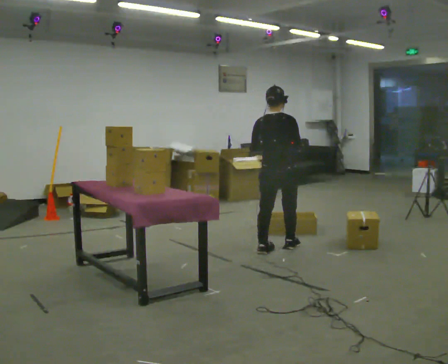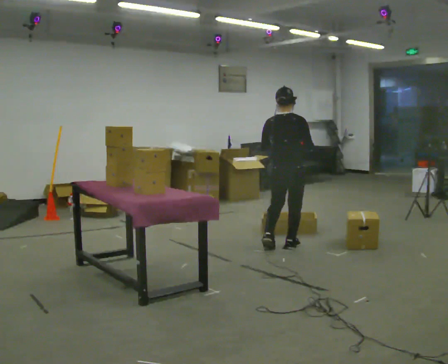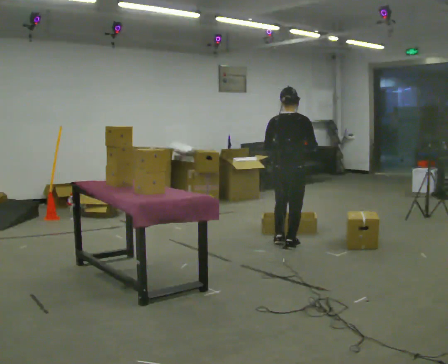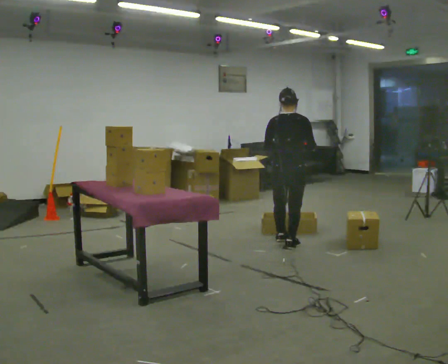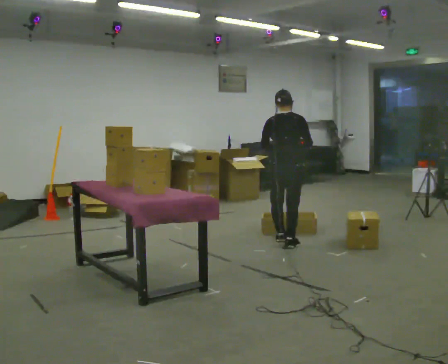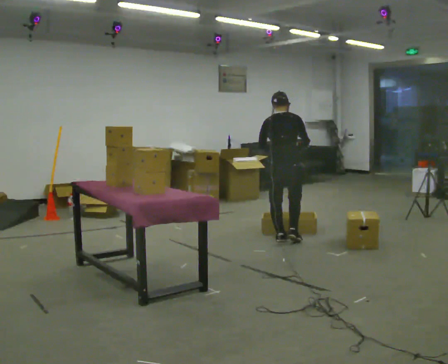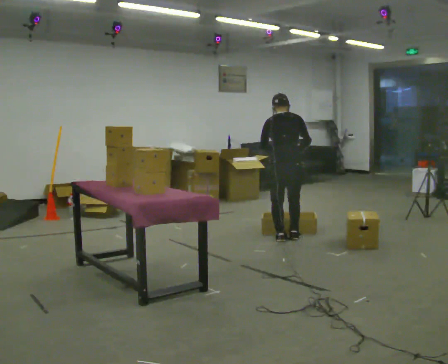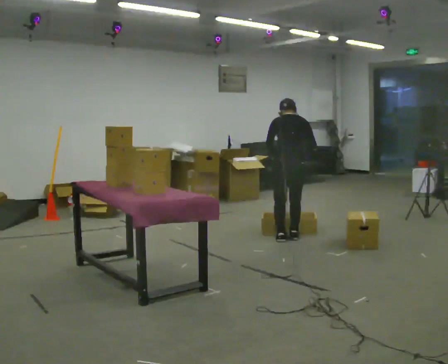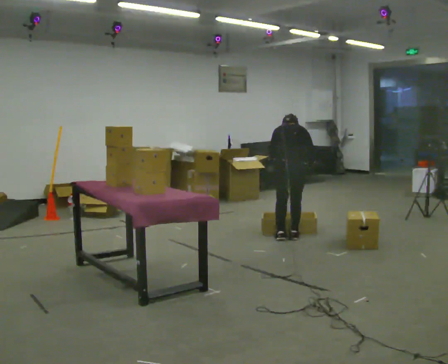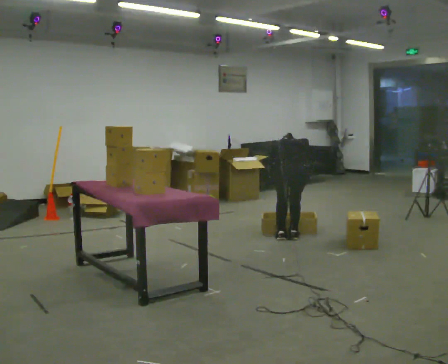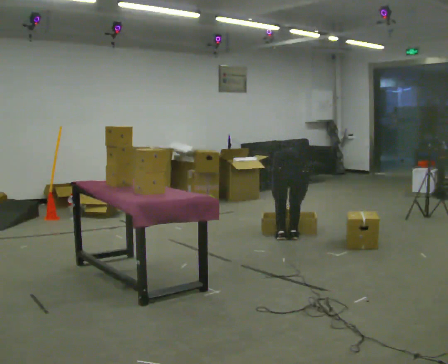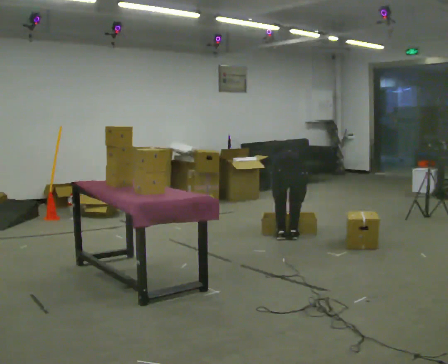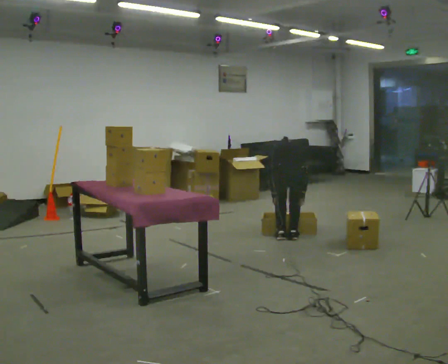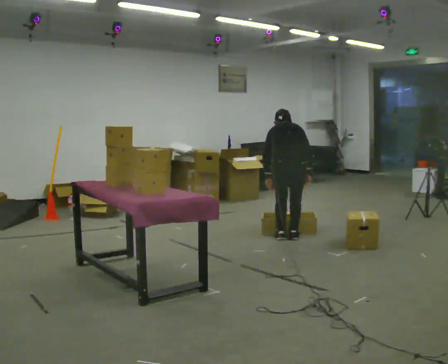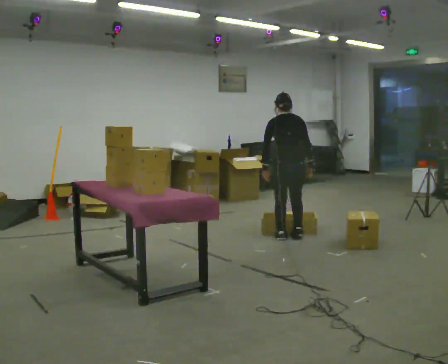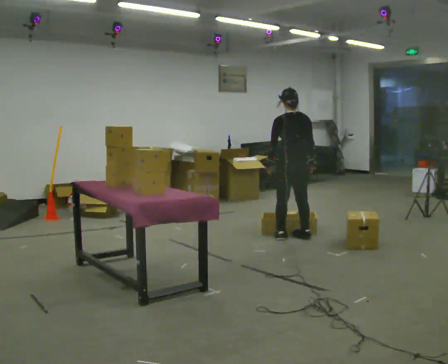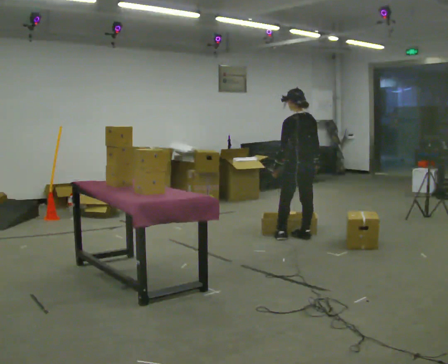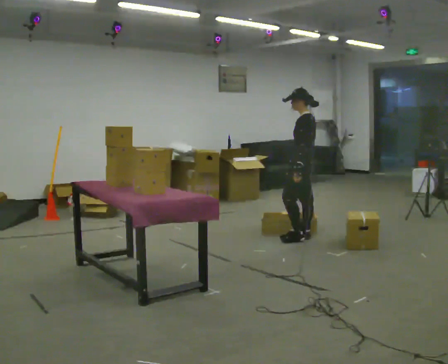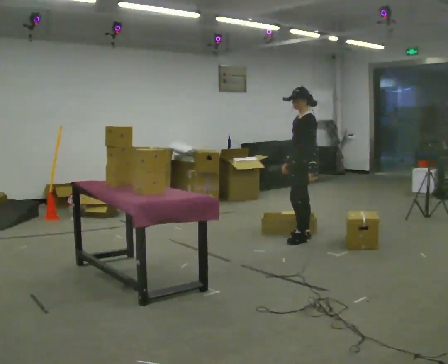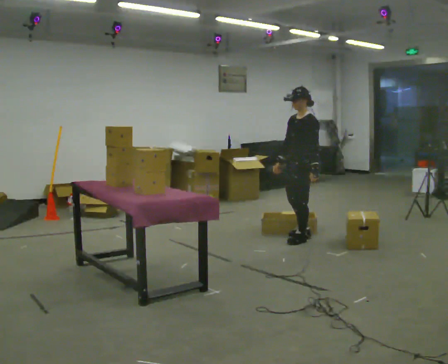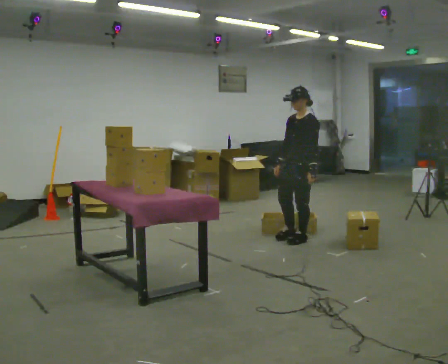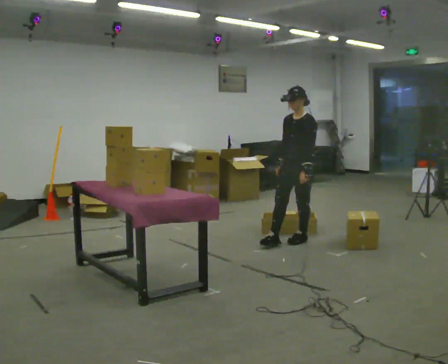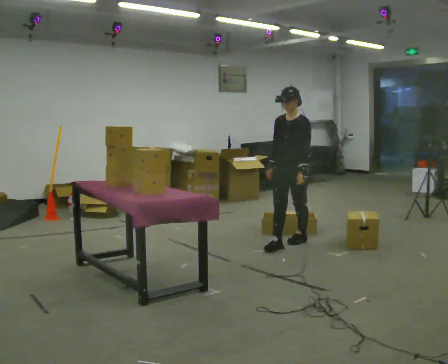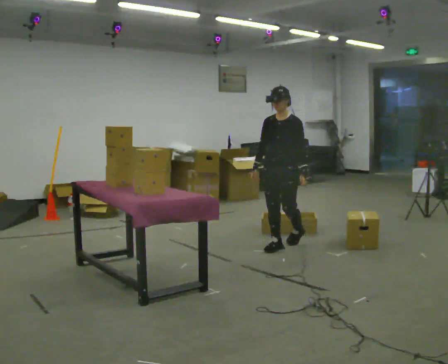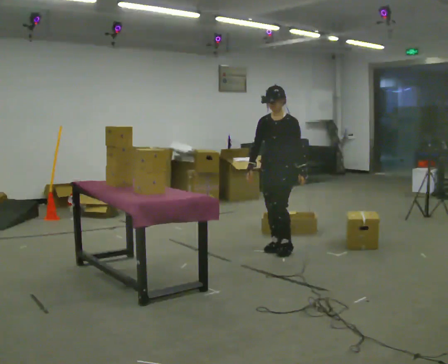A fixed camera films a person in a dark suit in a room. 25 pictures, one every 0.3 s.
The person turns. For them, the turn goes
to their left.
The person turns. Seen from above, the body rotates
counterclockwise.
0.0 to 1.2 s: In the picture they go away from the camera, about 0.25 m in 1 step, which for them is forward.
1.2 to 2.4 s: The upper body tips away from the camera, its near side rolling upward, as they bend forward.
2.4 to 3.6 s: The person moves a little, or ends about where they began.
3.6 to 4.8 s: The person turns about 30 degrees to their left, counterclockwise seen from above, so the part of the body nearest the lens slides to the right. The shoulders move upward. The upper body tips toward the camera, its near side rolling downward, as they lean back or straighten. In the picture their right hand goes upward.
4.8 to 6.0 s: The person turns about 90 degrees to their left, counterclockwise seen from above, so the part of the body nearest the lens slides to the right. In the picture they go toward the camera, about 0.25 m in 1 step. In the picture their right hand goes to the left, the arm swinging clockwise.
6.0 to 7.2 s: The part of the body nearest the lens slides to the right as the person turns to their left by about 30 degrees. In the picture they go toward the camera and to the left, about 0.25 m in 1 step, which for them is forward.
The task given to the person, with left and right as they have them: 1. Take the objects out of the box on the table one at a time. 2. Put each one in the bin the operator has labelled for it. 3. Tell the operator when you are finished.
The film runs forward here.
